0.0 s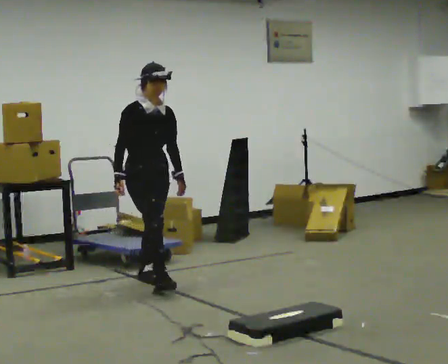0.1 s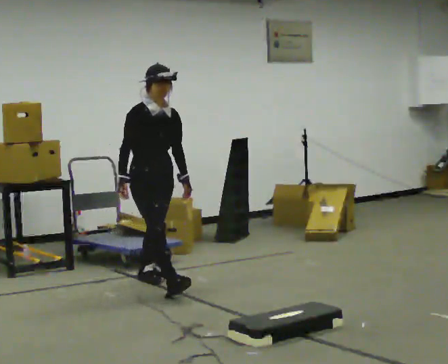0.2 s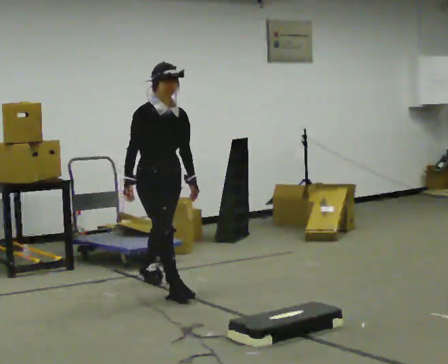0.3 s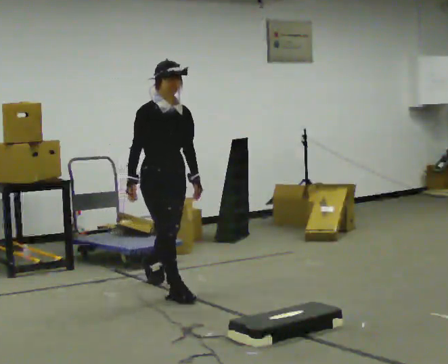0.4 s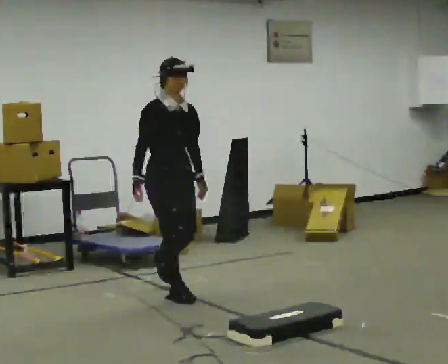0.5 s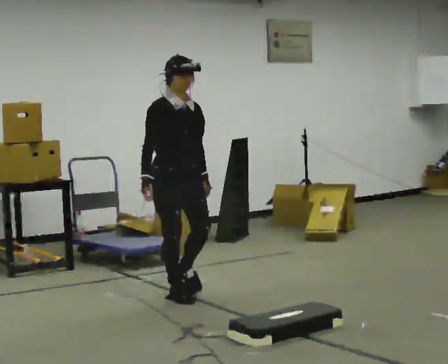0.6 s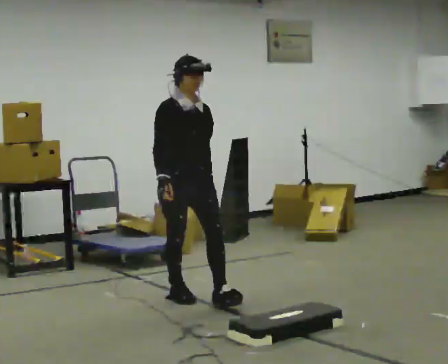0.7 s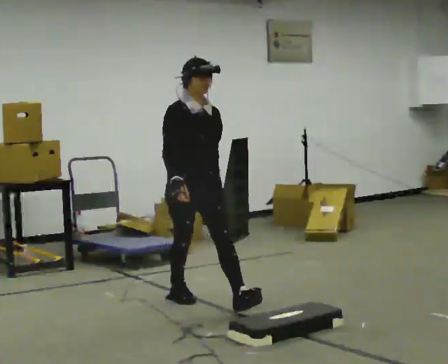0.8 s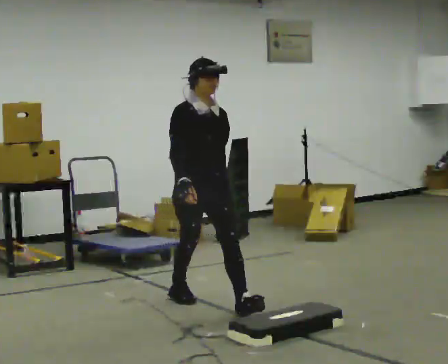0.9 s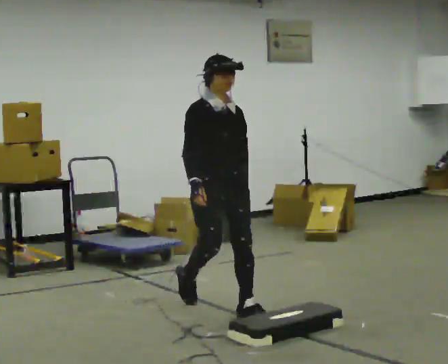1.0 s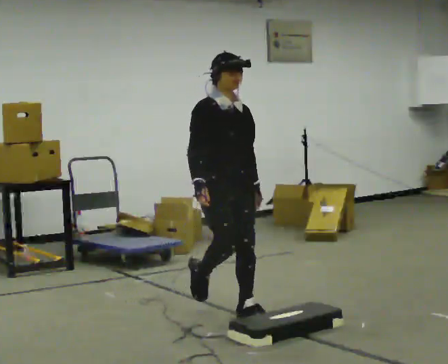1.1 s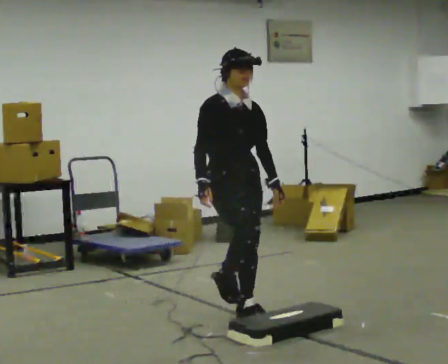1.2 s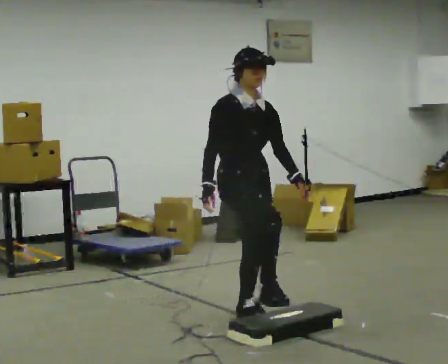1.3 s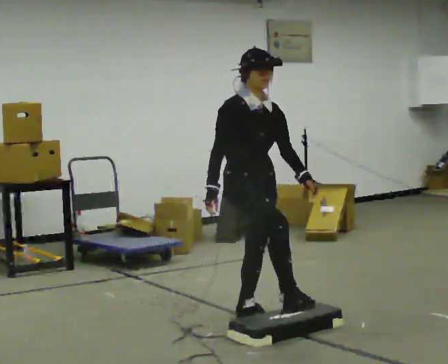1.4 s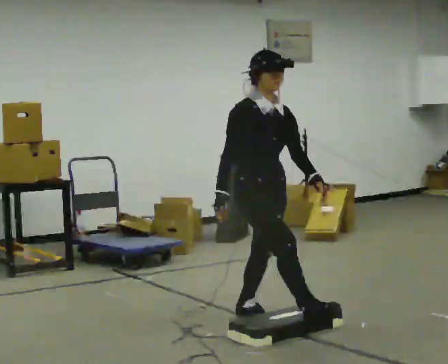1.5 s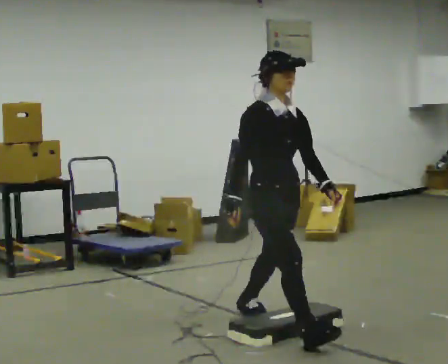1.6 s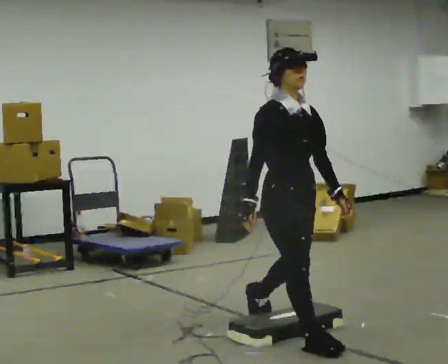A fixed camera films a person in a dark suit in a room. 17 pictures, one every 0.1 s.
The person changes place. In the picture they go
toward the camera.
0.0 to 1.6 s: In the picture they go toward the camera and to the right, about 1.5 m in 3 steps, which for them is forward.
The film runs forward here.
